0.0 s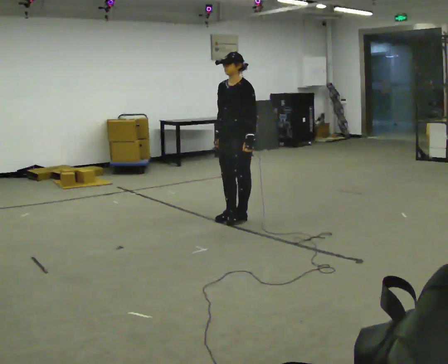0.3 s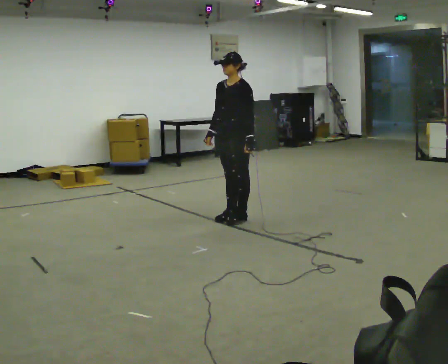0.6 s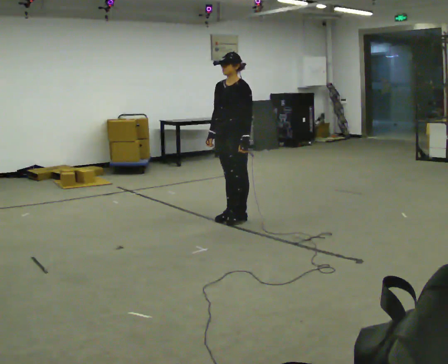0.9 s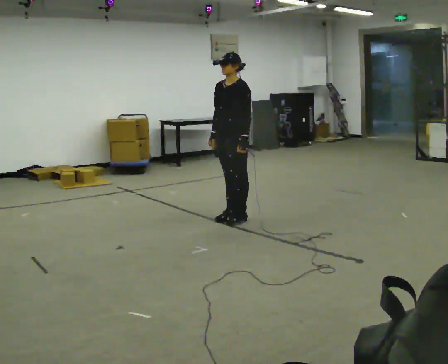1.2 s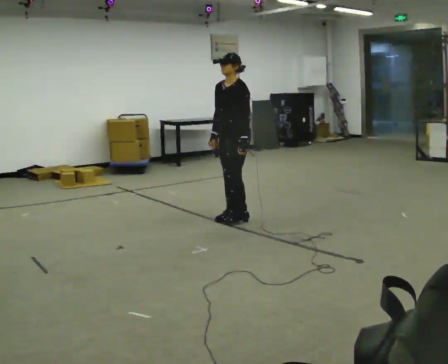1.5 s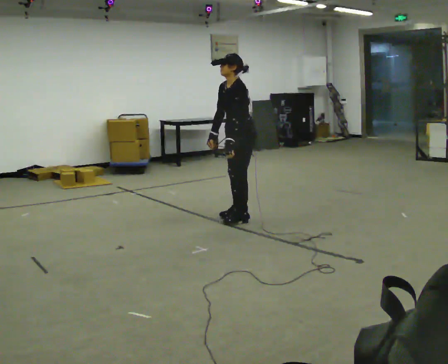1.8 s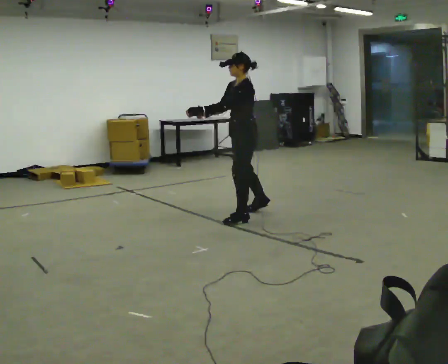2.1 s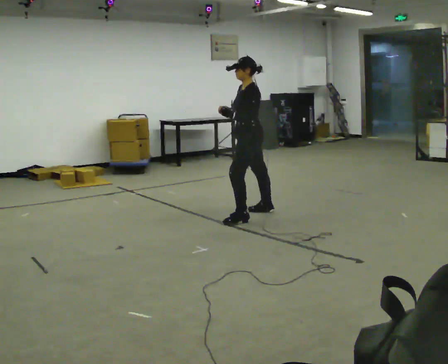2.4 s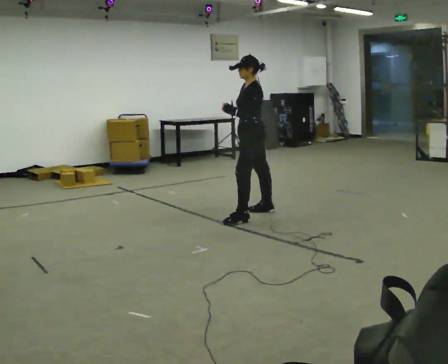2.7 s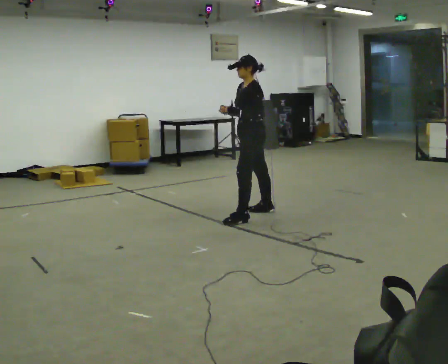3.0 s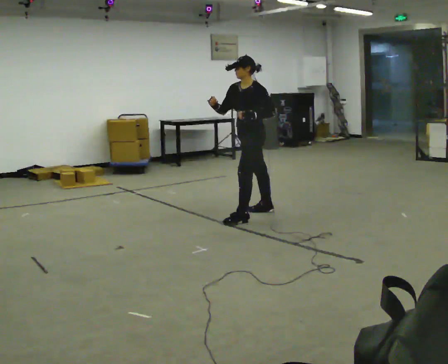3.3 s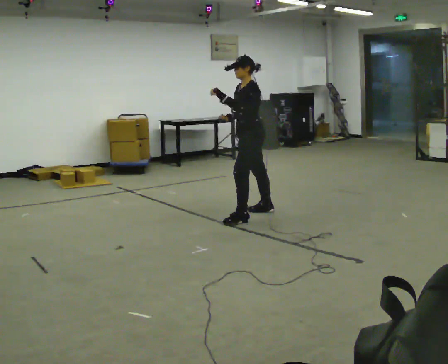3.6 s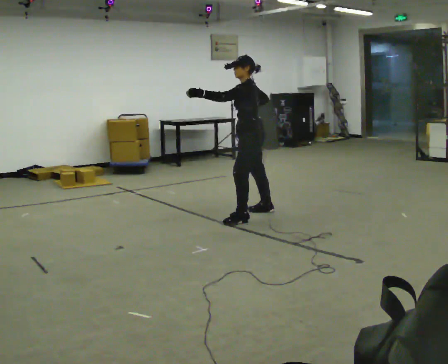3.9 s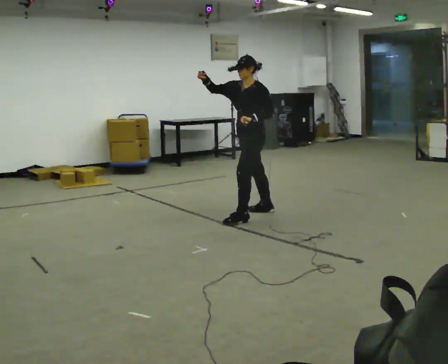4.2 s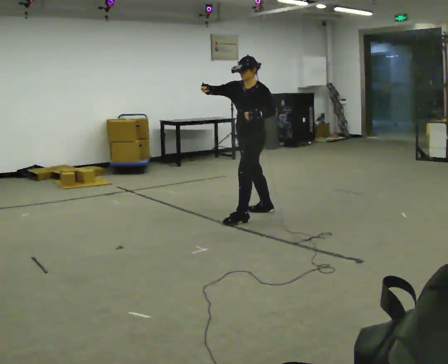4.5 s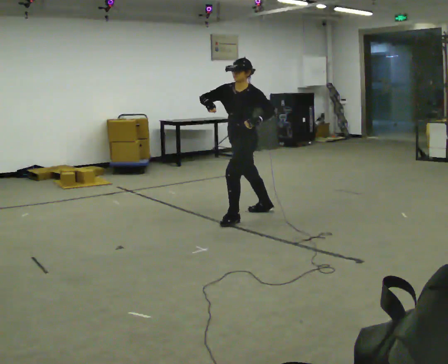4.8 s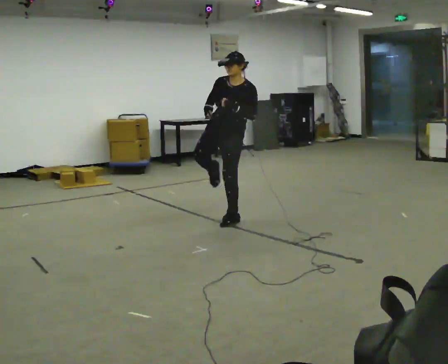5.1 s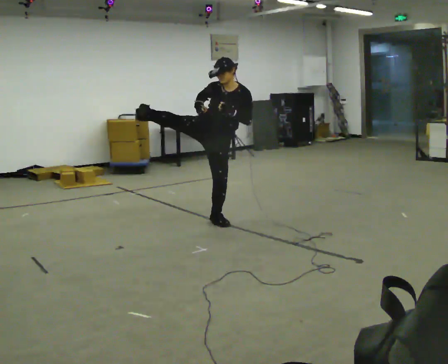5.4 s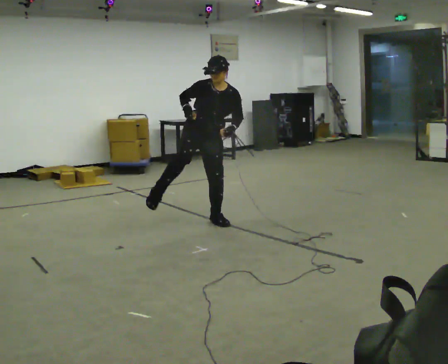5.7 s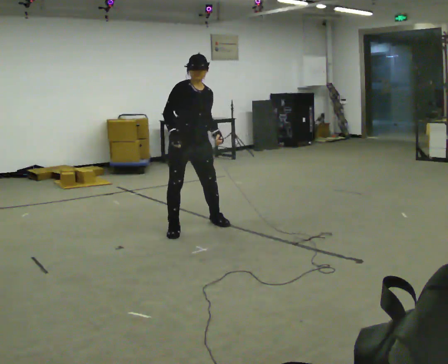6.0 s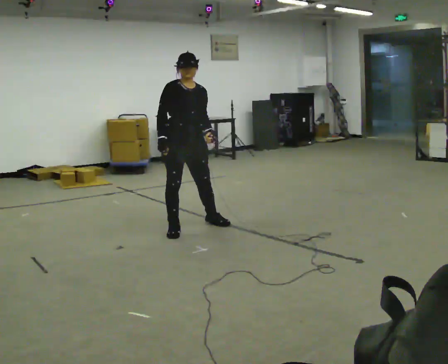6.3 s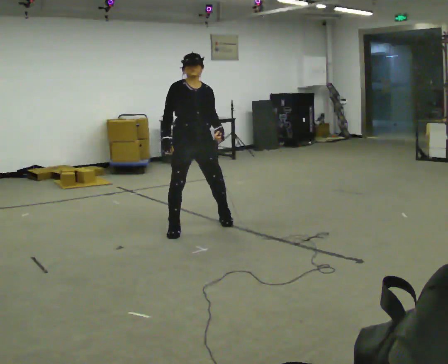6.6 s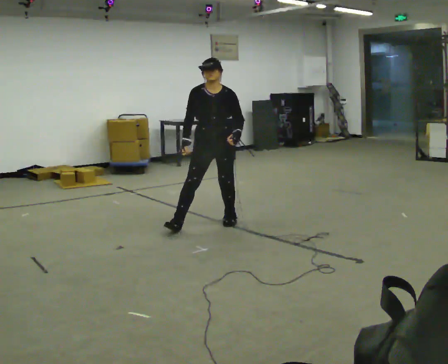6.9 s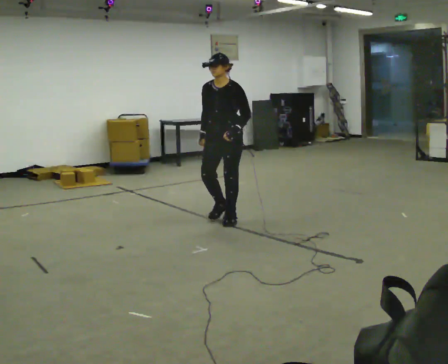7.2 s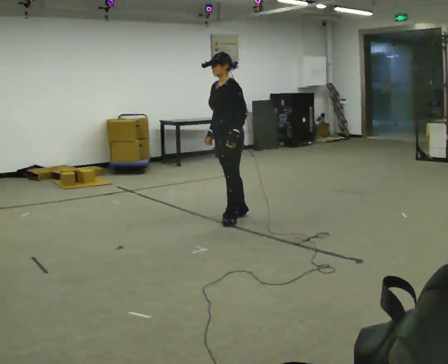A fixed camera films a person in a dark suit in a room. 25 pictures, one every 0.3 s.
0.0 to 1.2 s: The person moves a little, or ends about where they began.
1.2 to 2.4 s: Seen from above the body turns clockwise, about 30 degrees: to their right, with its near side sliding to the left. In the picture they go away from the camera and to the right, about 0.25 m in 1 step, which for them is backward and to their right.
2.4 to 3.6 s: The person moves a little, or ends about where they began.
3.6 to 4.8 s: The part of the body nearest the lens slides to the right as the person turns to their left by about 75 degrees. In the picture they go to the left, about 0.25 m. In the picture the upper body tilts clockwise, shoulders to the right.
4.8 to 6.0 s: The person turns about 45 degrees to their left, counterclockwise seen from above, so the part of the body nearest the lens slides to the right. In the picture they go to the left and toward the camera, about 0.5 m in 2 steps, which for them is to their right.
6.0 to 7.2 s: The part of the body nearest the lens slides to the left as the person turns to their right by about 90 degrees. In the picture they go to the right and away from the camera, about 0.5 m in 2 steps.
The film runs forward here.
